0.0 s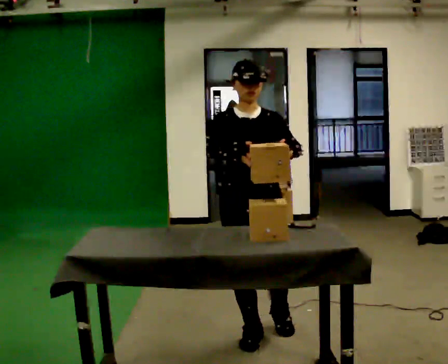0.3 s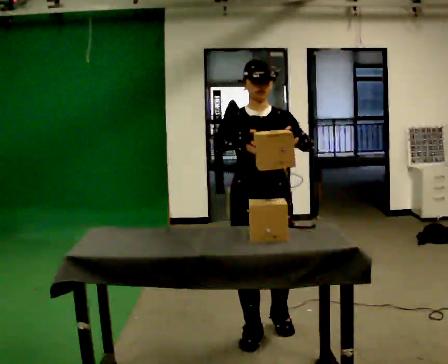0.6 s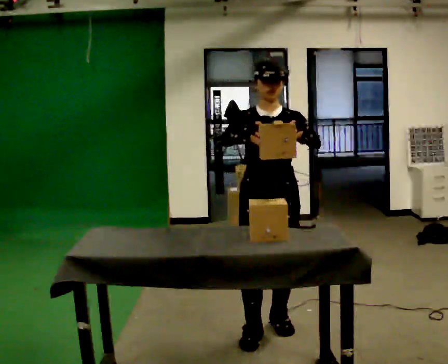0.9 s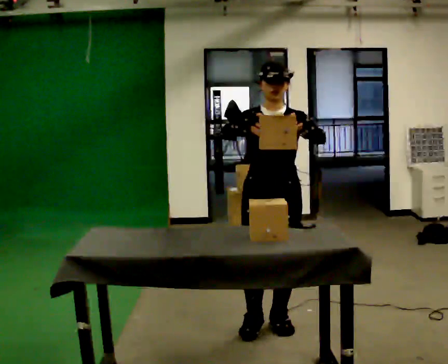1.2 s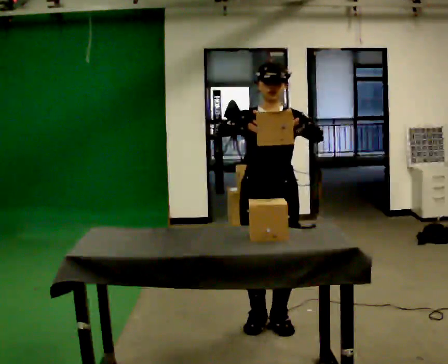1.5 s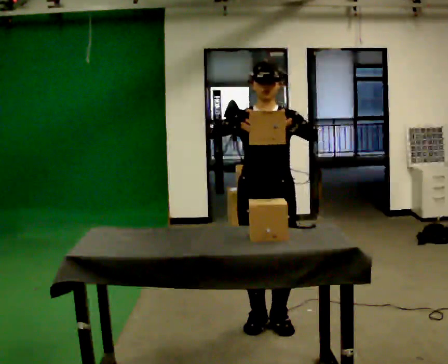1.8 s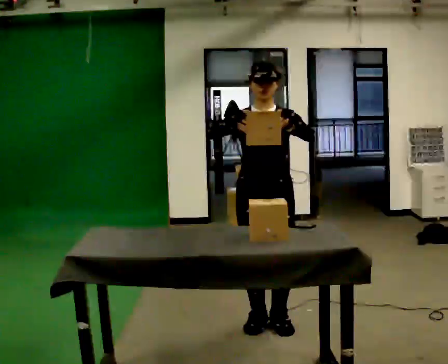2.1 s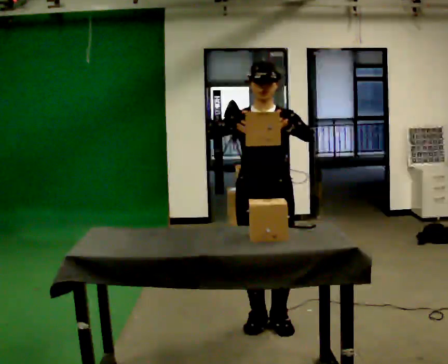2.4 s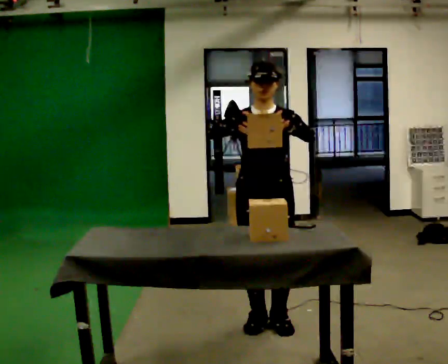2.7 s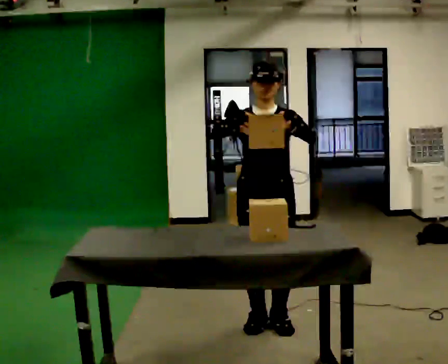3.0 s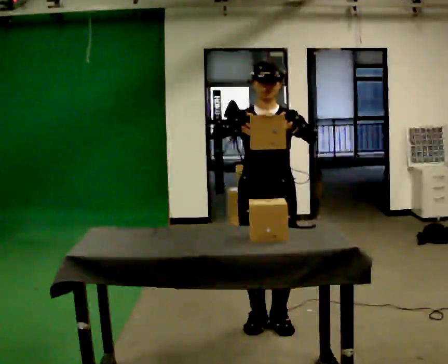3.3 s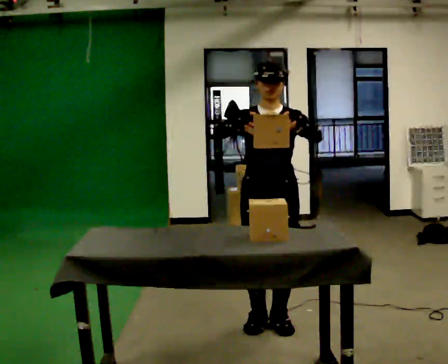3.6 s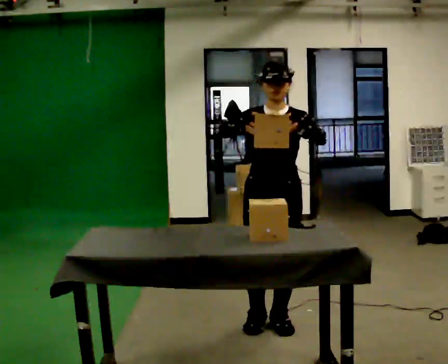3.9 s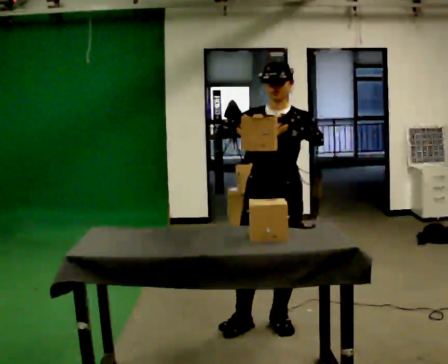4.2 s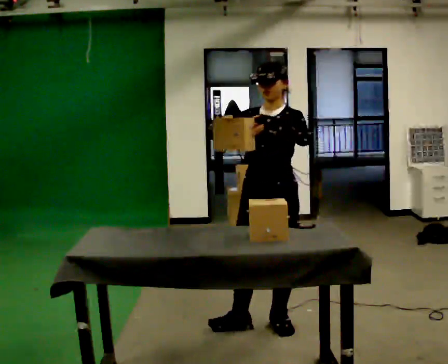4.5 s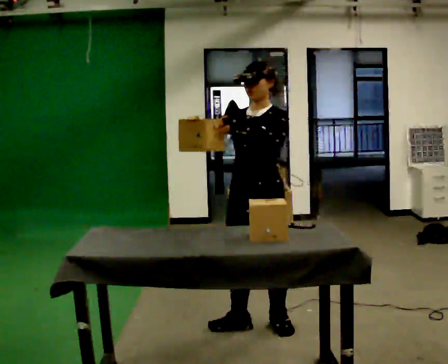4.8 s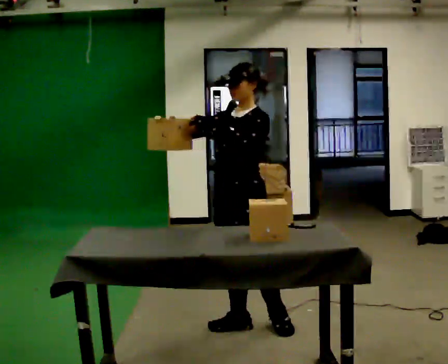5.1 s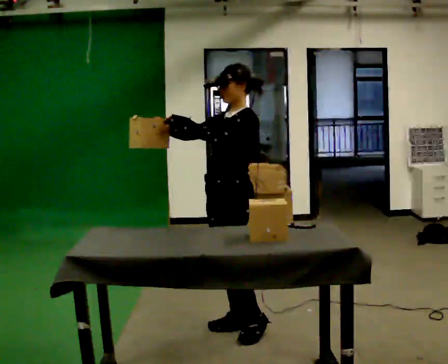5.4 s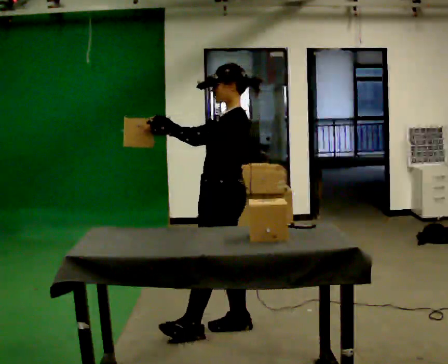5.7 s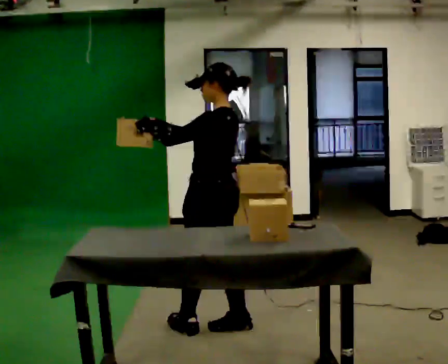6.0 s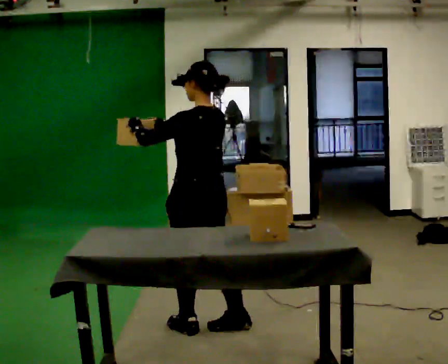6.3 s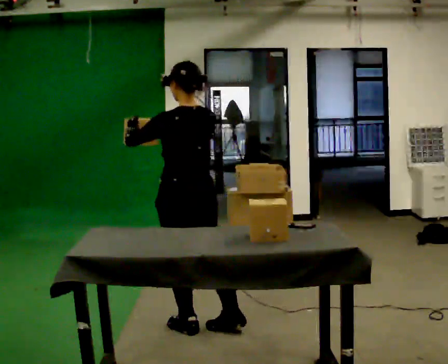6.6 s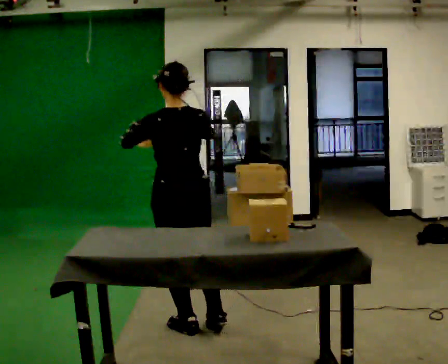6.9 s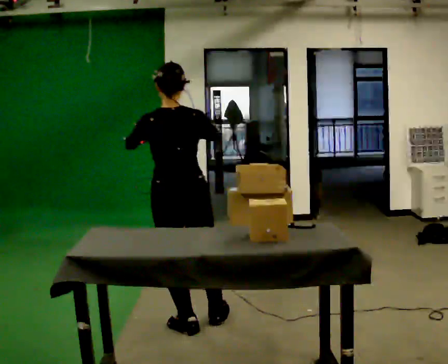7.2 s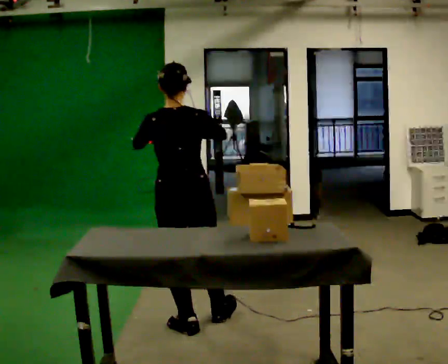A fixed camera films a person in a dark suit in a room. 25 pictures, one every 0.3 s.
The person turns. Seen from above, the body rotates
clockwise.
The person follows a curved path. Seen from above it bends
counterclockwise.
0.0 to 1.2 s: In the picture they go away from the camera, about 0.25 m in 1 step, which for them is backward.
1.2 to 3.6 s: The person moves a little, or ends about where they began.
3.6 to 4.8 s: Seen from above the body turns clockwise, about 45 degrees: to their right, with its near side sliding to the left. In the picture they go to the left, about 0.25 m, which for them is to their right. In the picture their right hand goes to the left.
4.8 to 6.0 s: Seen from above the body turns clockwise, about 75 degrees: to their right, with its near side sliding to the left. In the picture they go to the left, about 0.25 m in 1 step. In the picture their left hand goes to the left.
6.0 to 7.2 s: The person turns about 45 degrees to their right, clockwise seen from above, so the part of the body nearest the lens slides to the left.
The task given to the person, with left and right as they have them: 1. Look at the photo the operator gives you. 2. Put the room back the way it looks in the photo. 3. Tell the operator when you are finished.
The film runs forward here.
